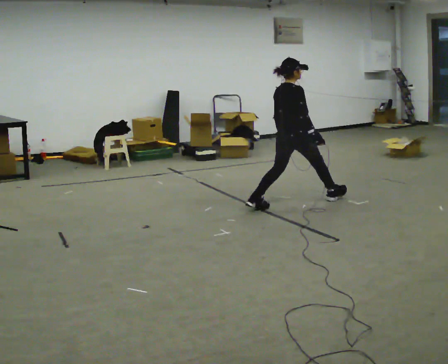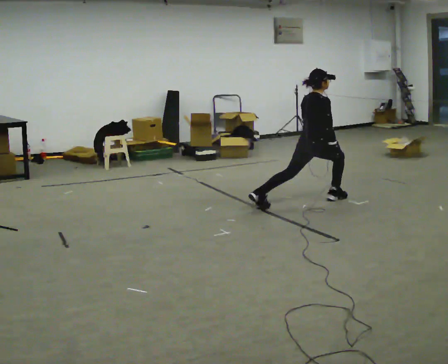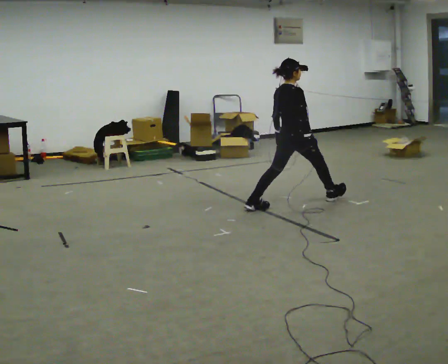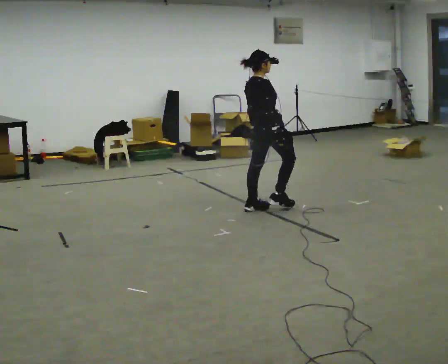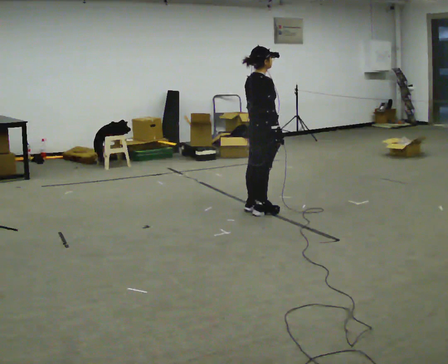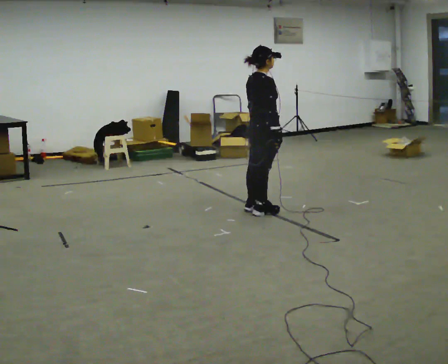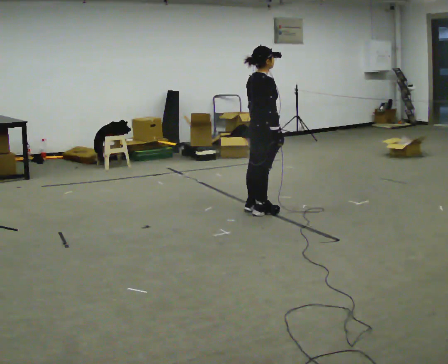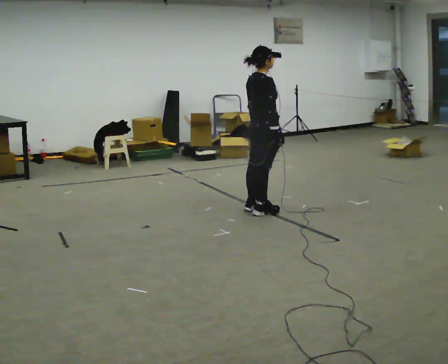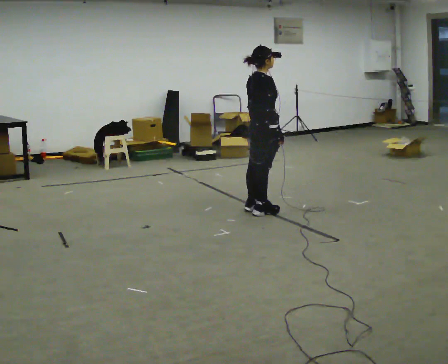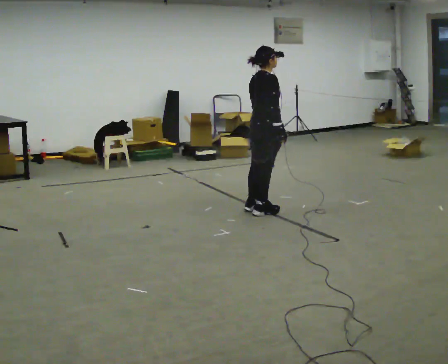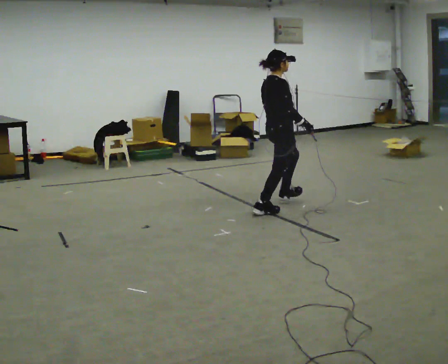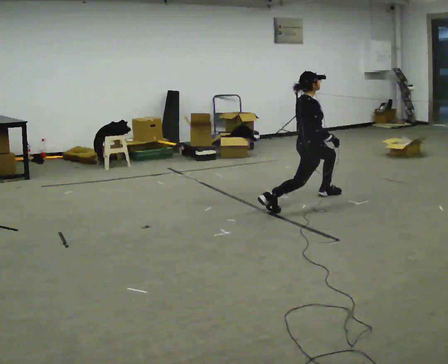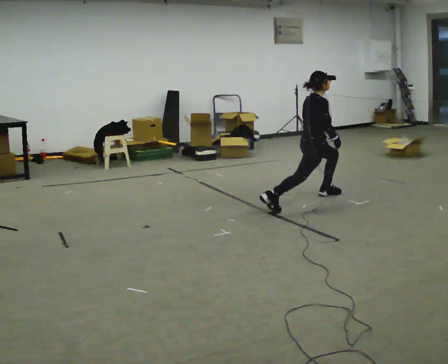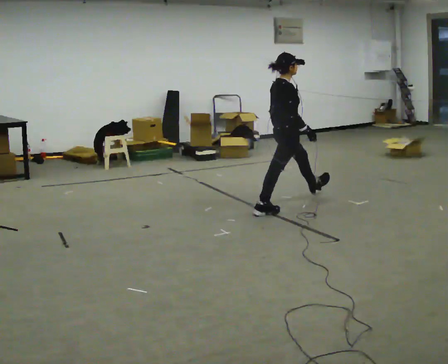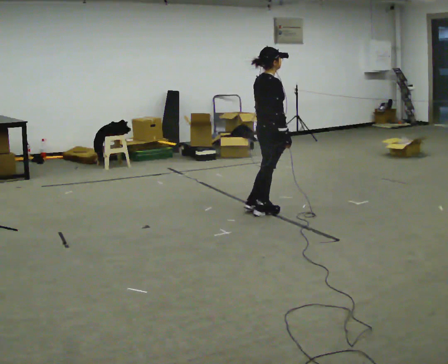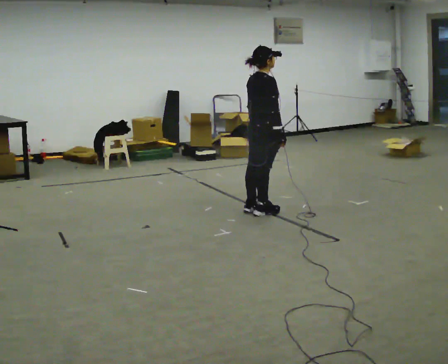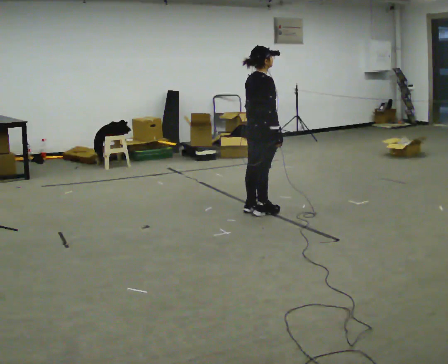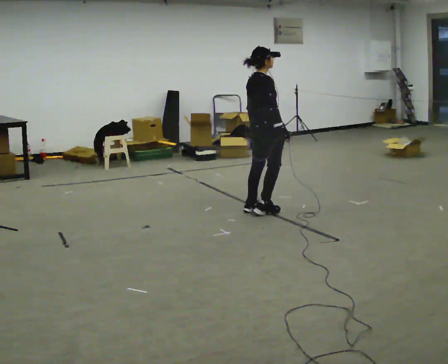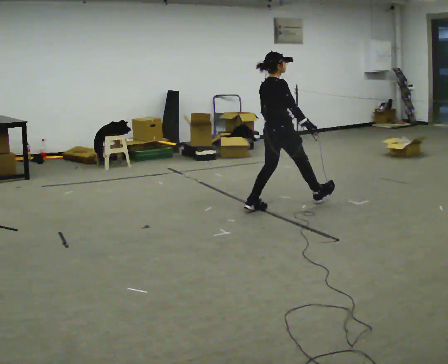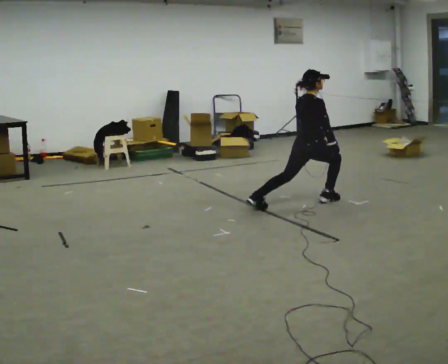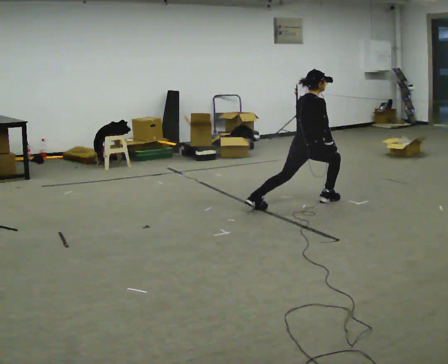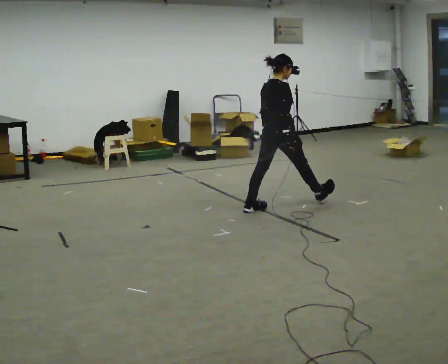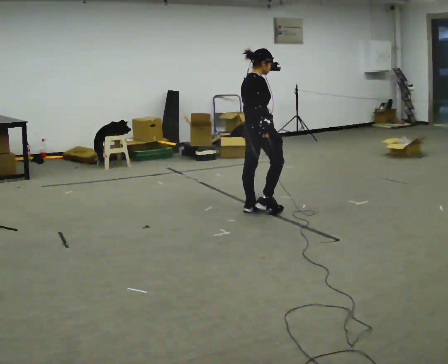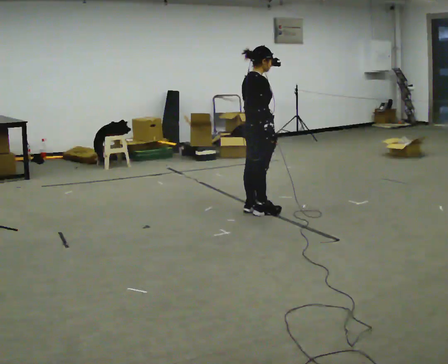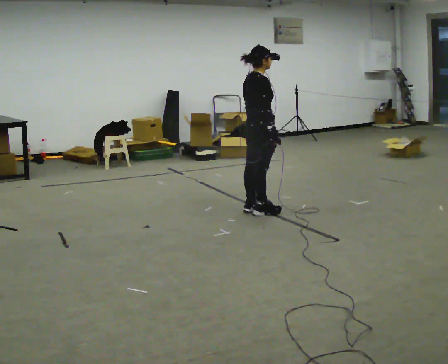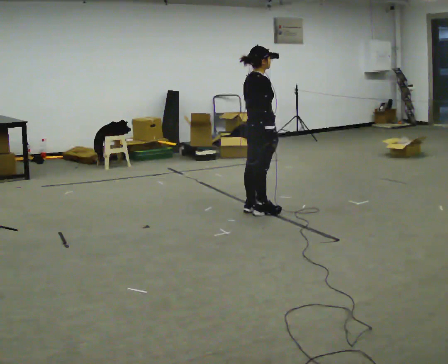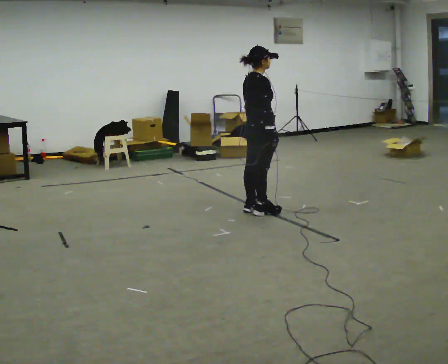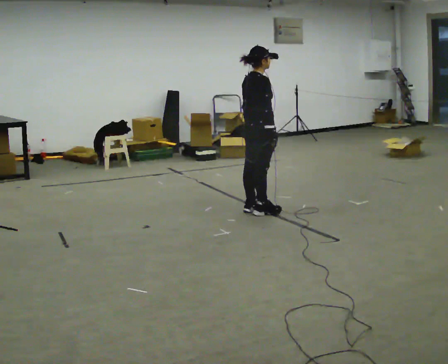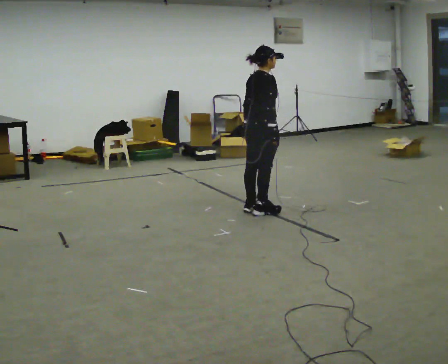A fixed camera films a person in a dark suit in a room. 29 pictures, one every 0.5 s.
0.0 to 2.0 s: In the picture they go to the left and toward the camera, about 0.25 m in 1 step, which for them is backward.
2.0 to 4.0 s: The person moves a little, or ends about where they began.
4.0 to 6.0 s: In the picture they go to the right and away from the camera, about 0.5 m in 1 step, which for them is forward. The upper body goes downward.
6.0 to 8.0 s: In the picture they go to the left and toward the camera, about 0.75 m in 1 step, which for them is backward. The upper body goes upward.
8.0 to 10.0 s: In the picture they go to the right and away from the camera, about 0.5 m in 1 step, which for them is forward. The upper body goes downward.
10.0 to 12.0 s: In the picture they go to the left and toward the camera, about 0.5 m in 1 step, which for them is backward. The upper body goes upward.
12.0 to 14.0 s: The person moves a little, or ends about where they began.
The film runs backward here.
